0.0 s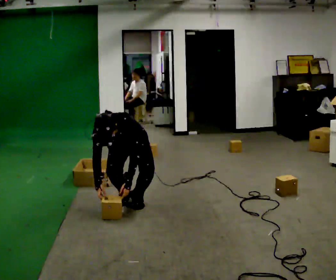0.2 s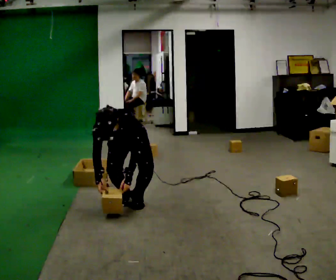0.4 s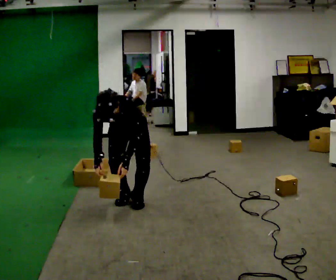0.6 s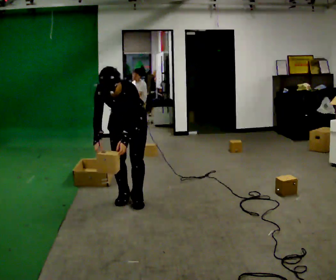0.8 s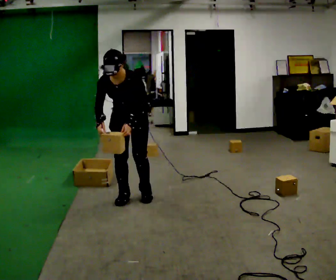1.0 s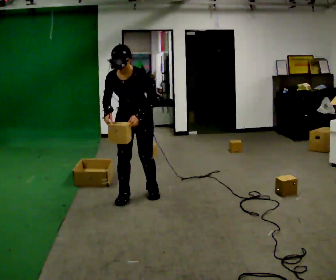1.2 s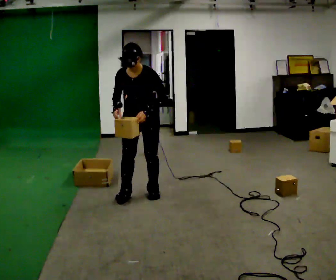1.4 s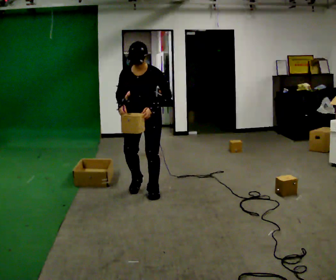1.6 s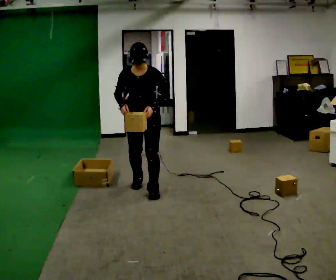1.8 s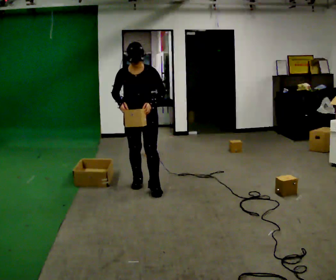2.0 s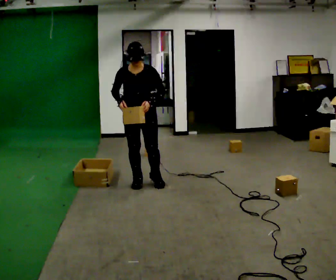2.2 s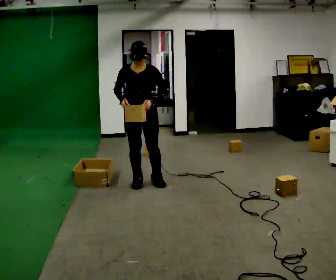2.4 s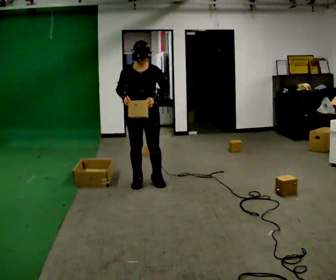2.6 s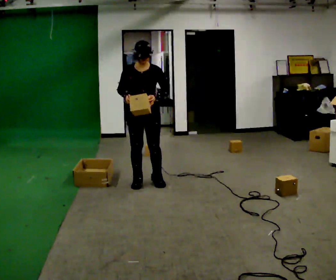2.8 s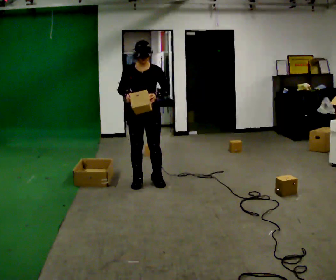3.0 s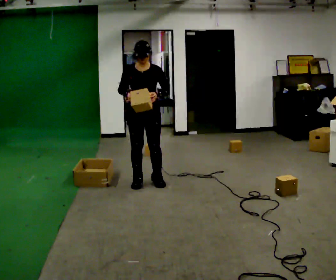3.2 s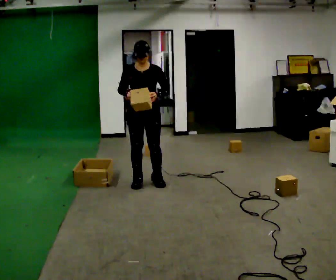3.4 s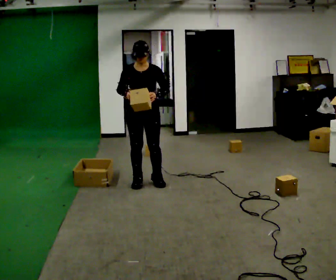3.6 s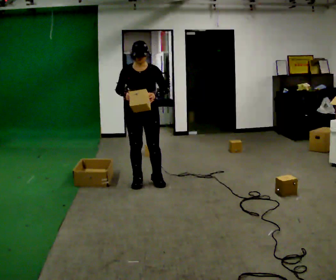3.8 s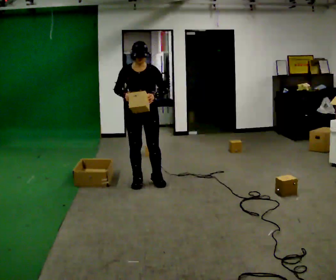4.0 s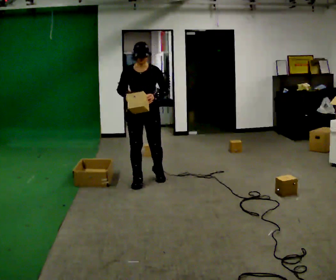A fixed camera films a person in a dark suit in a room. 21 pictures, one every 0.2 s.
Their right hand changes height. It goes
upward.
The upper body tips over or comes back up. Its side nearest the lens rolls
upward.
0.0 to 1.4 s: In the picture they go away from the camera and to the right, about 0.25 m in 2 steps, which for them is backward. The shoulders move upward. The upper body tips away from the camera, its near side rolling upward, as they lean back or straighten. In the picture their right hand goes upward.
1.4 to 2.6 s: In the picture they go away from the camera, about 0.25 m in 1 step, which for them is backward.
2.6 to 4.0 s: The person moves a little, or ends about where they began.
The film runs backward here.
